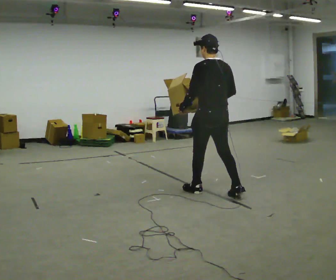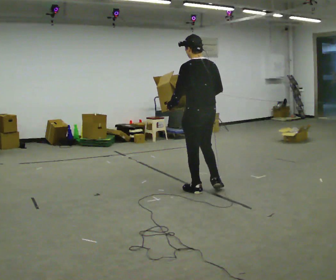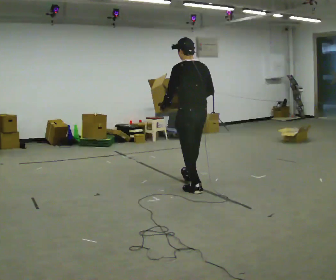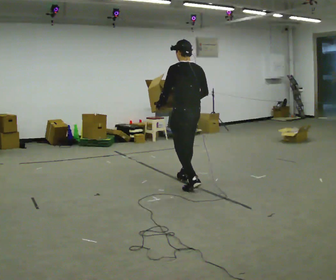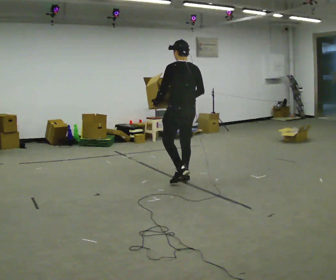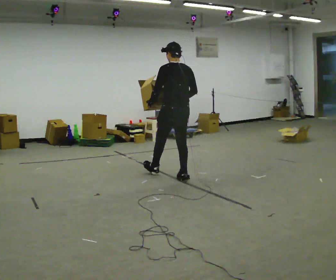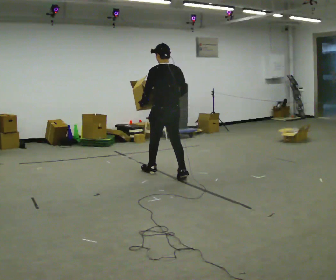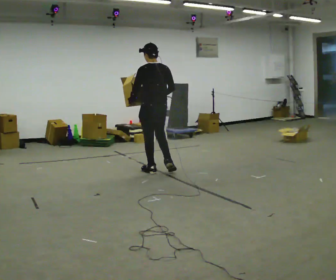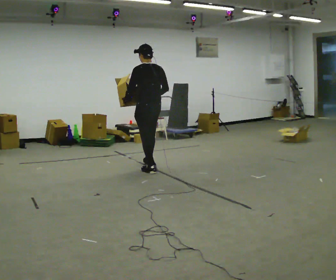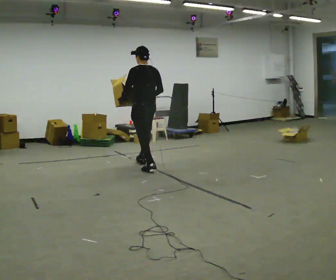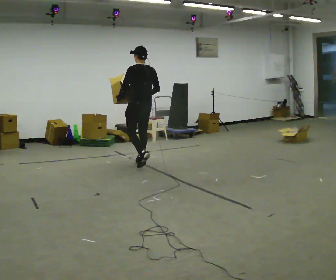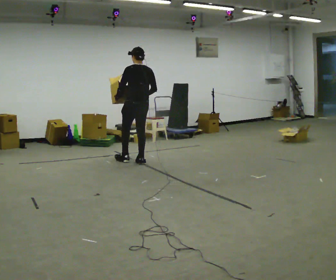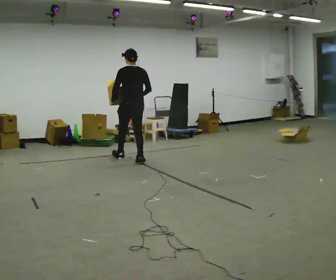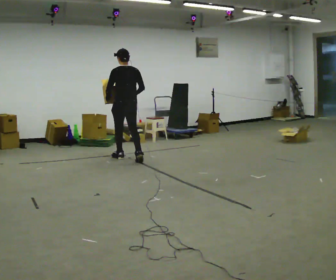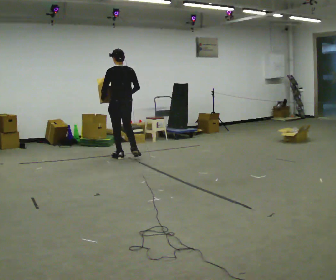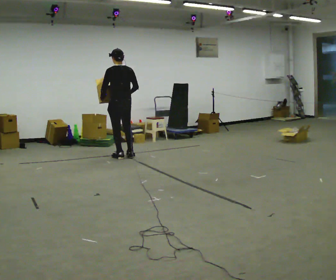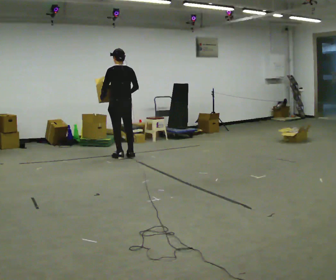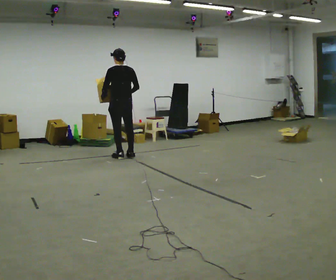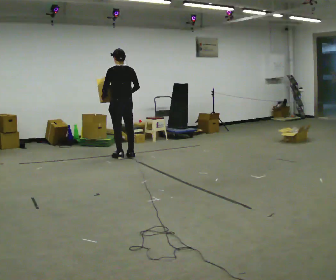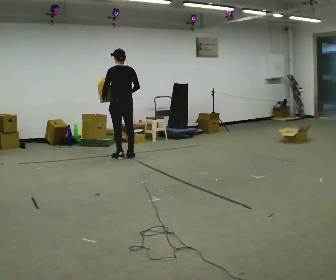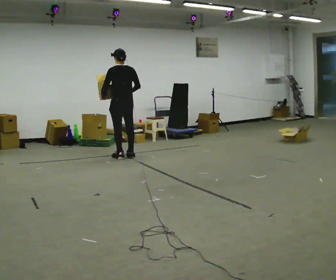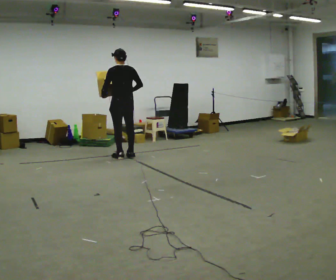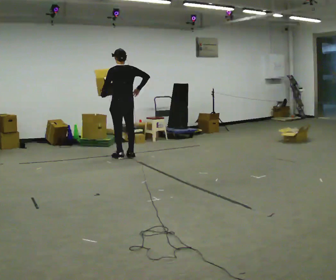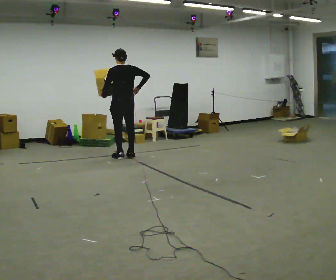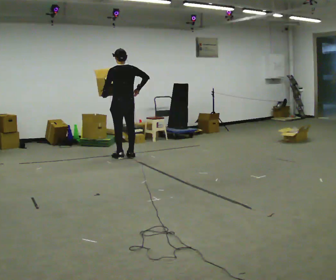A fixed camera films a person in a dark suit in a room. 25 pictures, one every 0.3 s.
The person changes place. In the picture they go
away from the camera.
0.0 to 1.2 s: In the picture they go away from the camera and to the left, about 0.75 m in 1 step, which for them is forward.
1.2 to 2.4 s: In the picture they go away from the camera and to the left, about 0.75 m in 1 step, which for them is forward.
2.4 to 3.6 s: In the picture they go away from the camera and to the left, about 0.75 m in 2 steps, which for them is forward.
3.6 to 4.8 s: In the picture they go away from the camera and to the left, about 0.25 m in 1 step, which for them is forward.
4.8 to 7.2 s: The person moves a little, or ends about where they began.
The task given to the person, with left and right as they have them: Carry the open container of water across the room without spilling it, back and forth.
The film runs forward here.
